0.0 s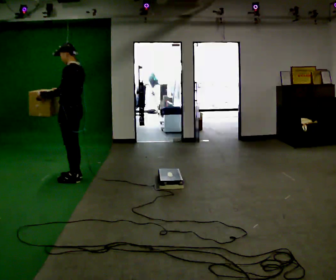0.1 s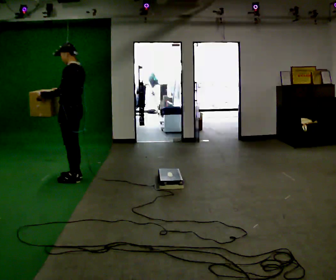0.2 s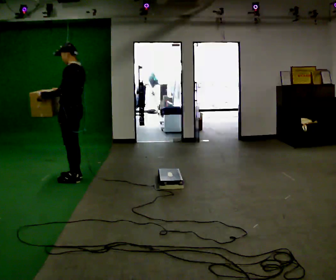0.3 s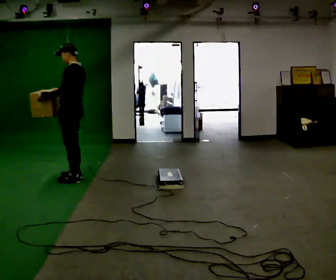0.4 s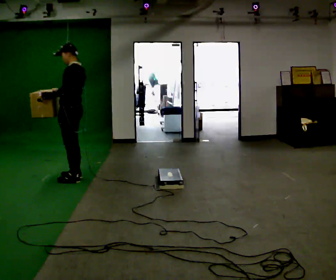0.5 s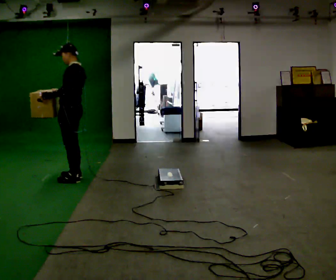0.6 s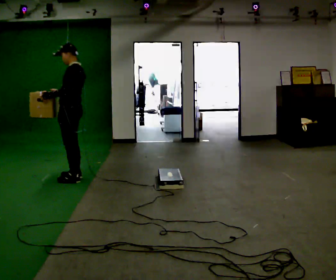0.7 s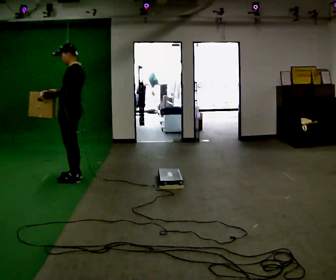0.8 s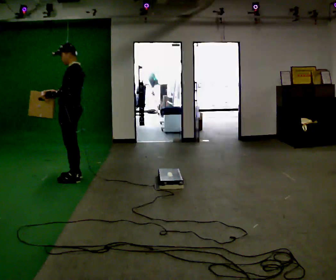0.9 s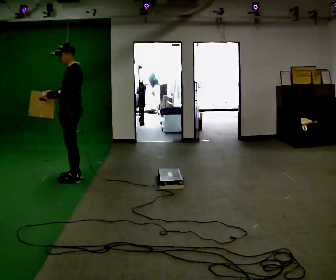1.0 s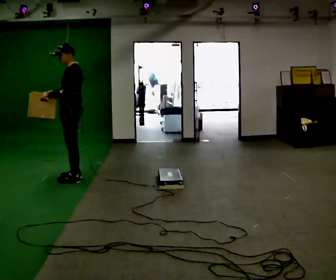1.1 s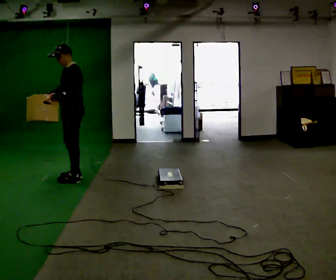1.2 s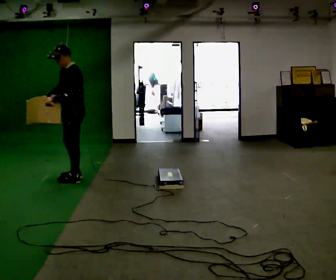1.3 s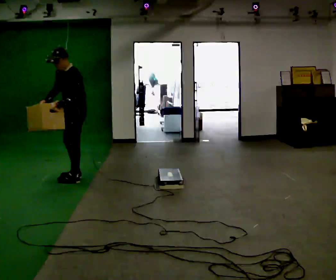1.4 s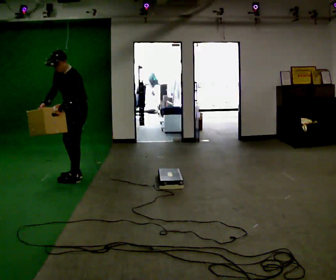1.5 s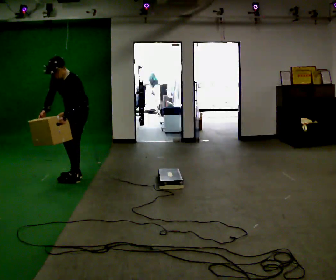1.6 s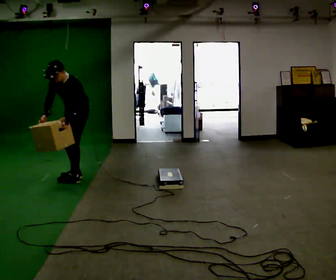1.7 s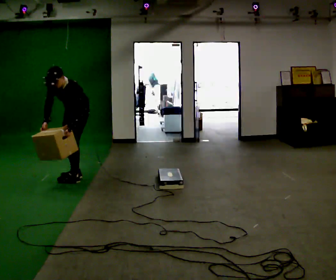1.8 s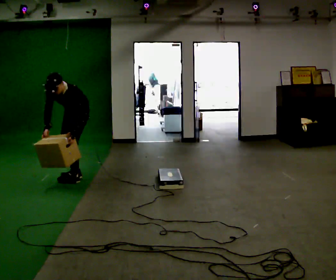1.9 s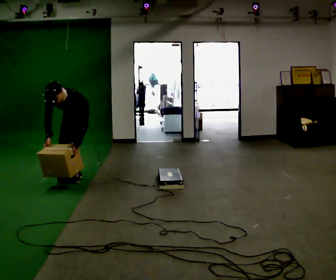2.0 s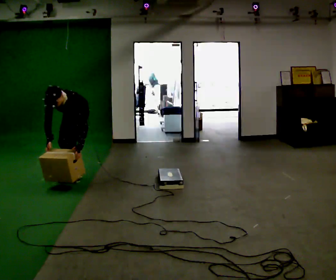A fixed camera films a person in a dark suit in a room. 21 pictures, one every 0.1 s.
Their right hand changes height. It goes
downward.
The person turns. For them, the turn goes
to their left.
0.0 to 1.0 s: The person moves a little, or ends about where they began.
1.0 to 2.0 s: The person turns about 45 degrees to their left, counterclockwise seen from above, so the part of the body nearest the lens slides to the right. In the picture they go away from the camera, about 0.25 m, which for them is backward. The shoulders move downward. The upper body tips toward the camera, its near side rolling downward, as they bend forward. In the picture their left hand goes downward, the arm swinging counterclockwise.
The film runs backward here.
